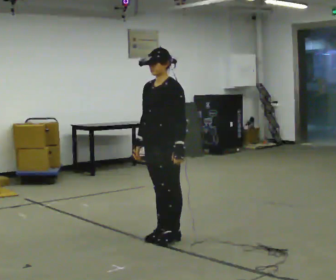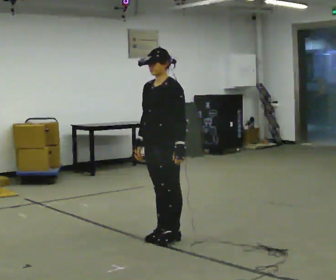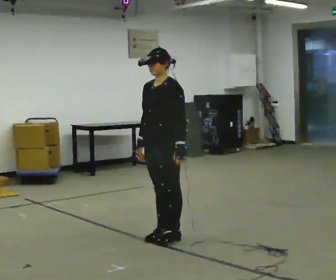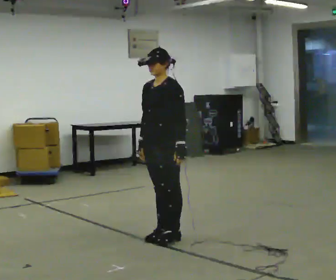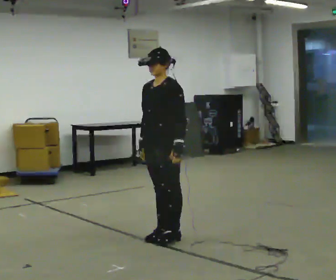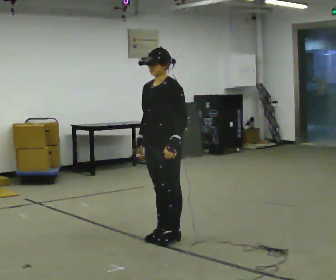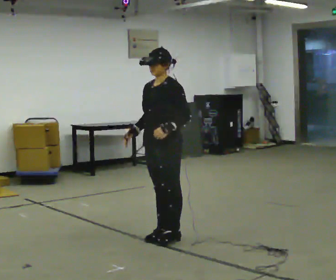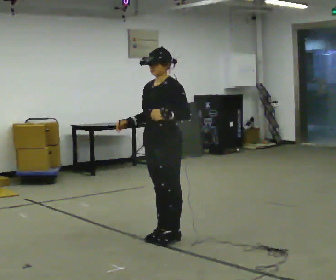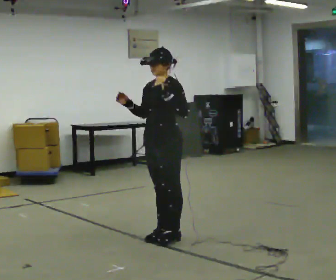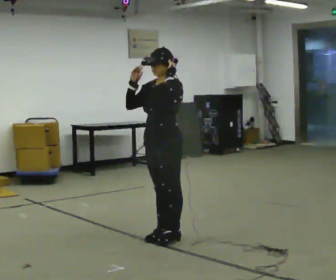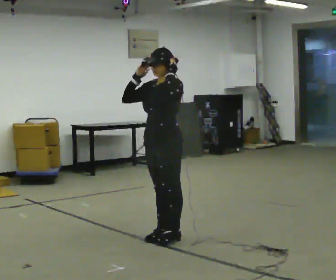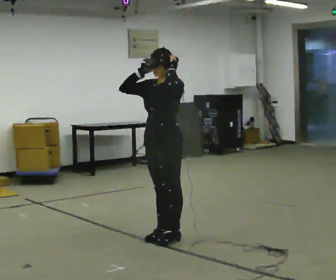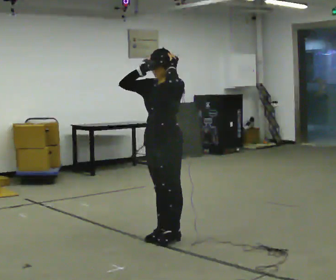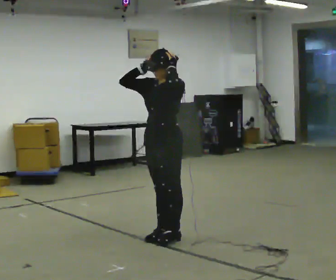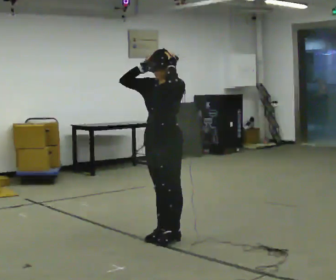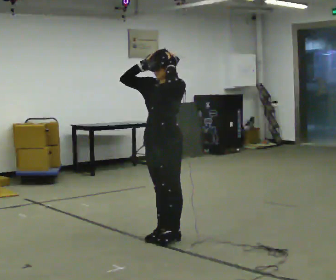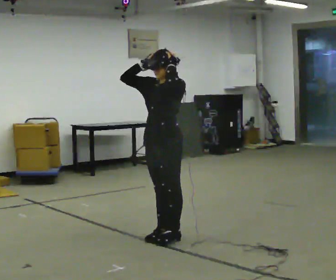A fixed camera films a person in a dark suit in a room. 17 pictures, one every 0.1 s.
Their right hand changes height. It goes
upward.
Their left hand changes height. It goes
upward.
0.0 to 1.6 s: In the picture their left hand goes upward.
The film runs backward here.
